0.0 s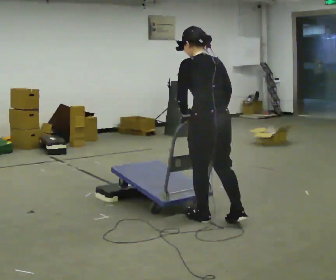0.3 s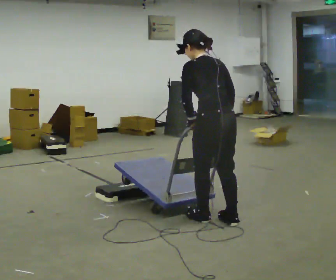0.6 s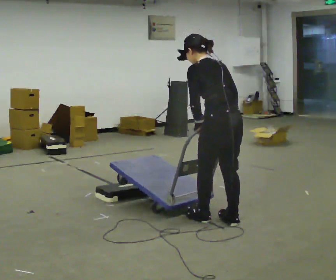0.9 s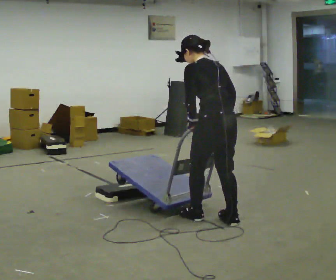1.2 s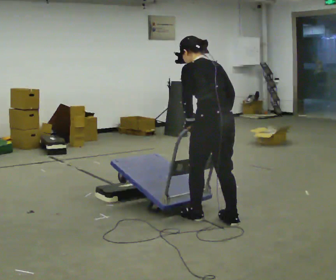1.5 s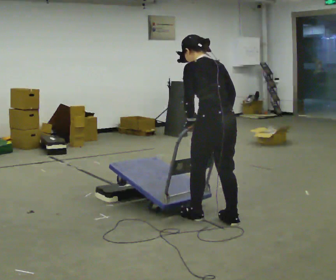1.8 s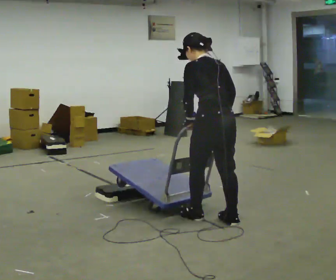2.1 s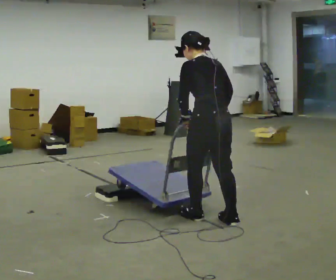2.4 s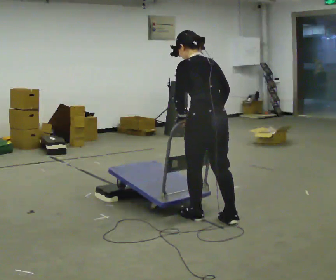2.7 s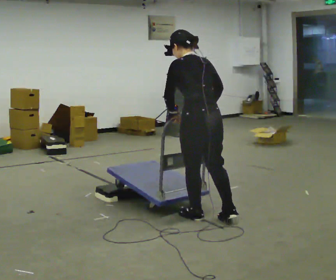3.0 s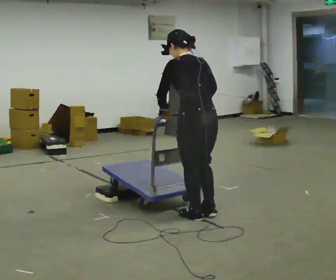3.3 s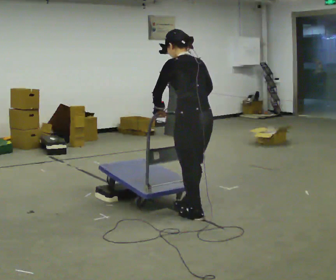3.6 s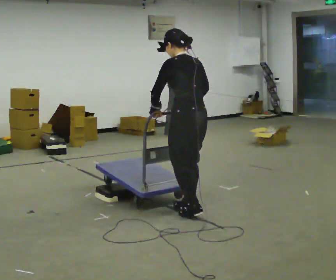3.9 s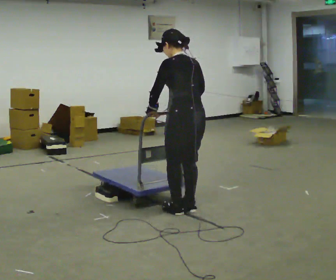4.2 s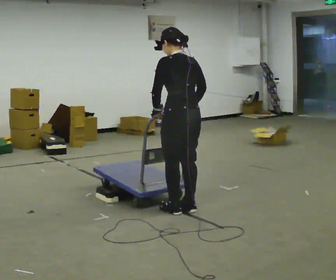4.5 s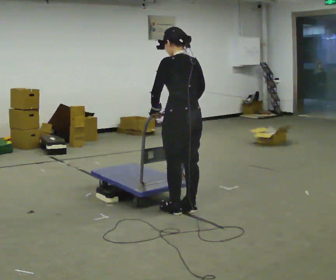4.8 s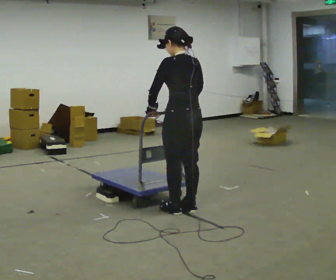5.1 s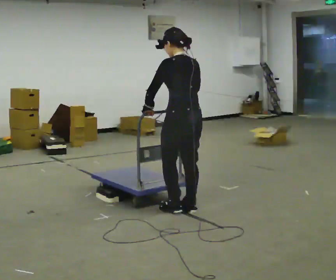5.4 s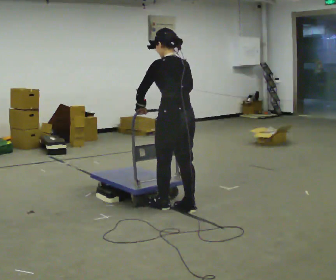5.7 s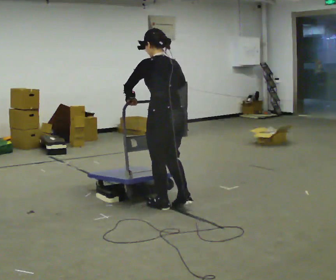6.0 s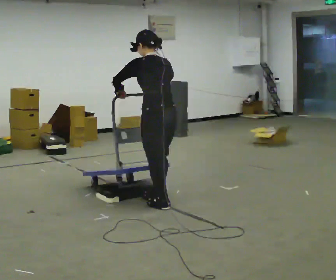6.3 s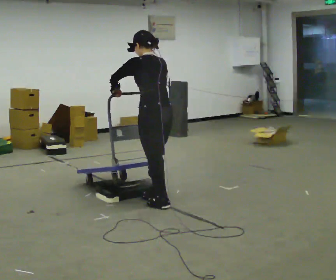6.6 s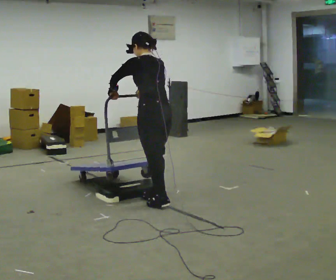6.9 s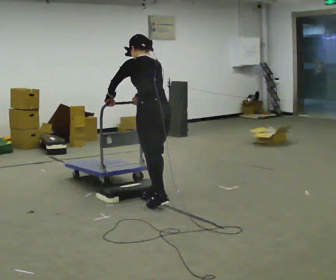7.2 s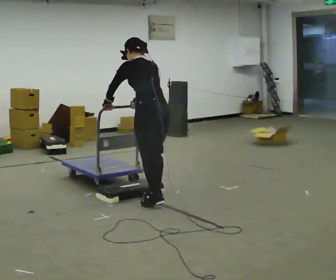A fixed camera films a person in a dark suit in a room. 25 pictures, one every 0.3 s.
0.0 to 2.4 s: The person moves a little, or ends about where they began.
2.4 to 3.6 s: In the picture they go away from the camera and to the left, about 0.25 m in 1 step, which for them is forward.
3.6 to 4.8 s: The person moves a little, or ends about where they began.
4.8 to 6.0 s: In the picture they go to the left and away from the camera, about 0.25 m in 2 steps, which for them is forward.
6.0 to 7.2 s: The upper body tips away from the camera, its near side rolling upward, as they bend forward.
The film runs forward here.
